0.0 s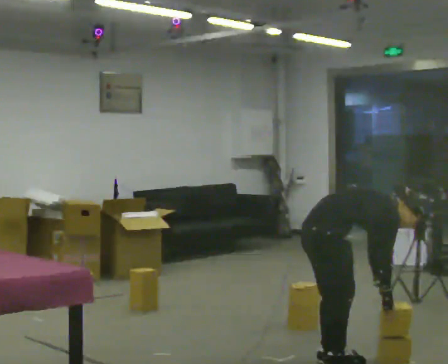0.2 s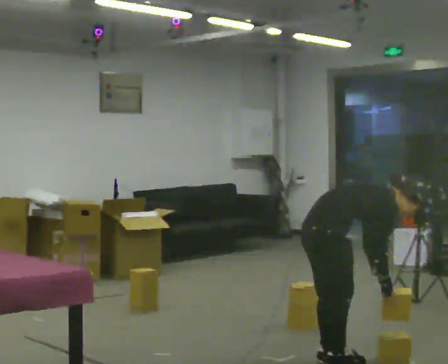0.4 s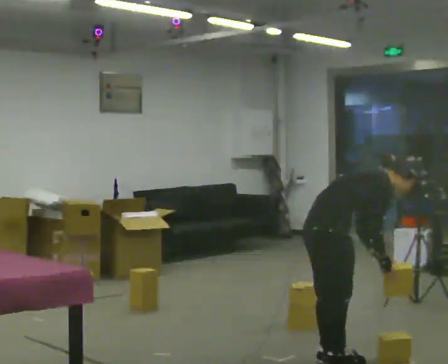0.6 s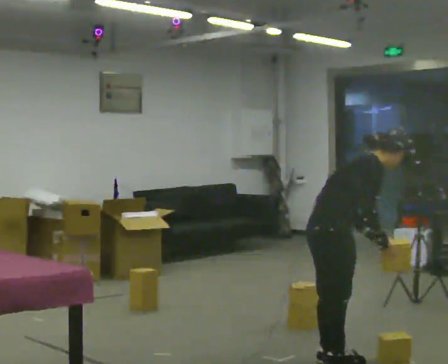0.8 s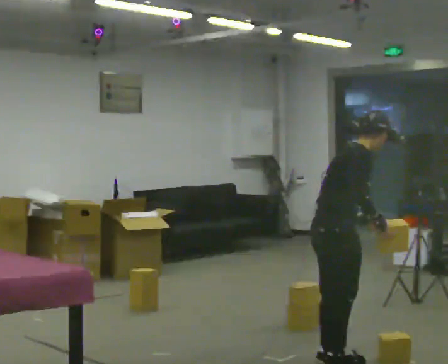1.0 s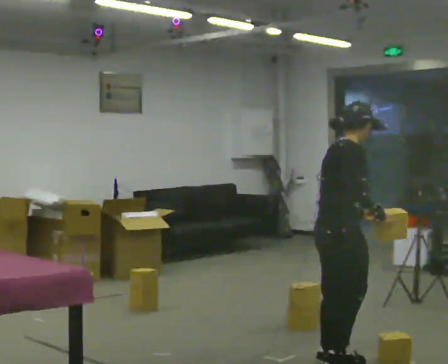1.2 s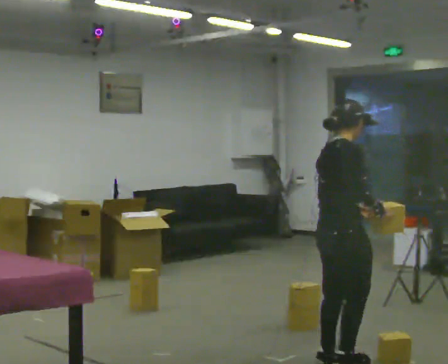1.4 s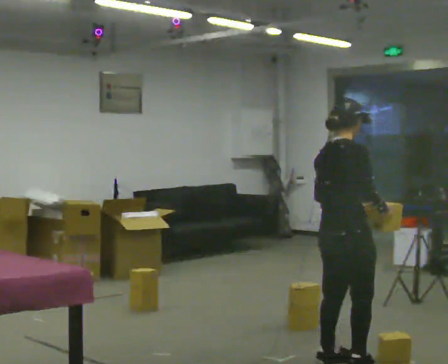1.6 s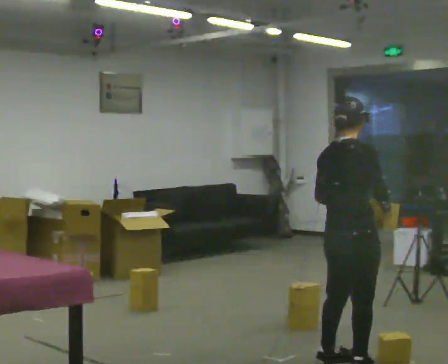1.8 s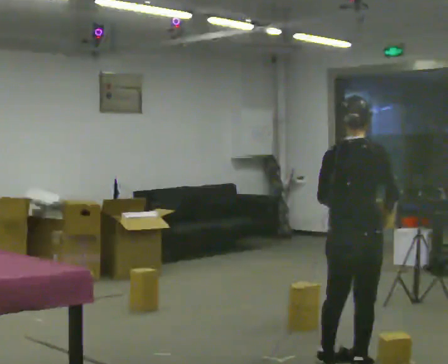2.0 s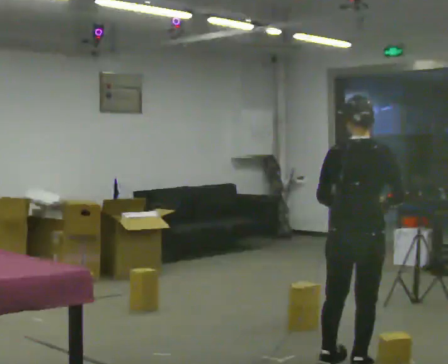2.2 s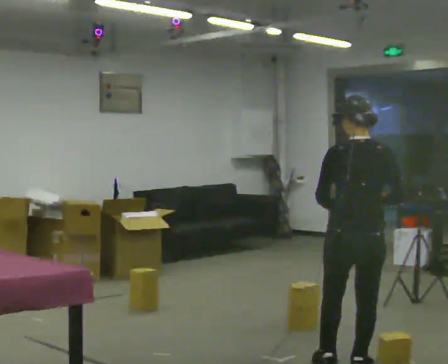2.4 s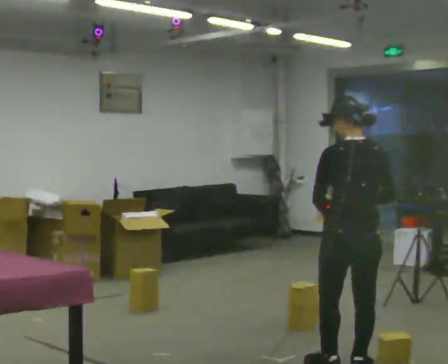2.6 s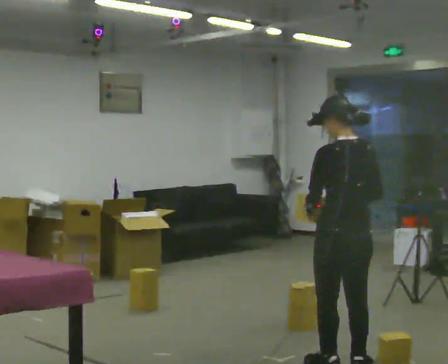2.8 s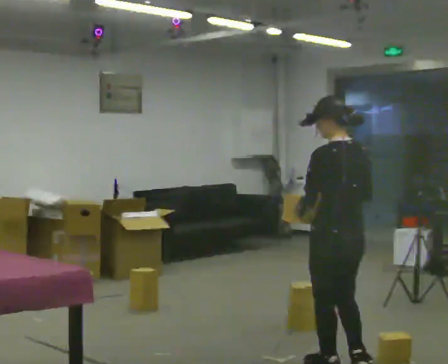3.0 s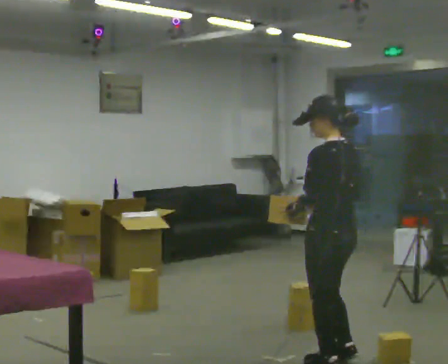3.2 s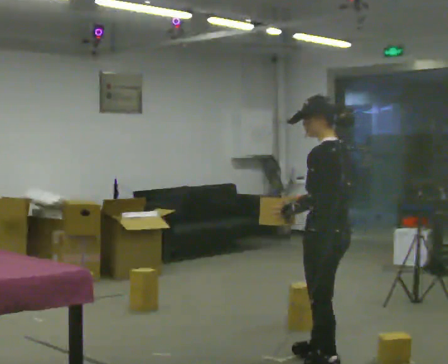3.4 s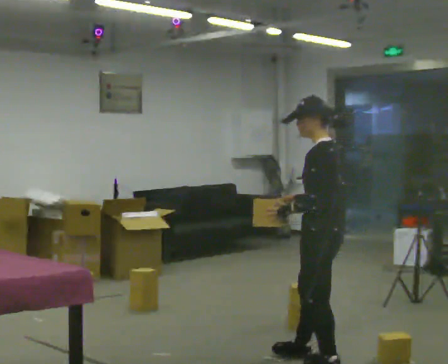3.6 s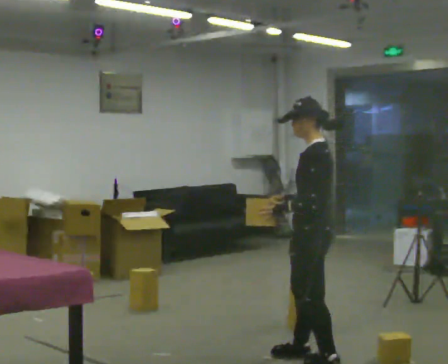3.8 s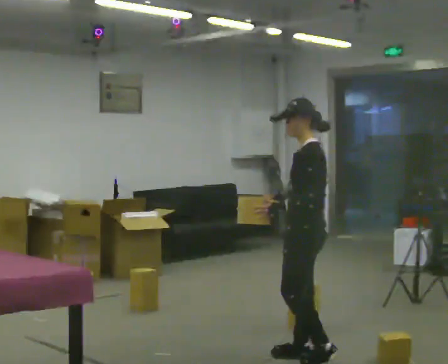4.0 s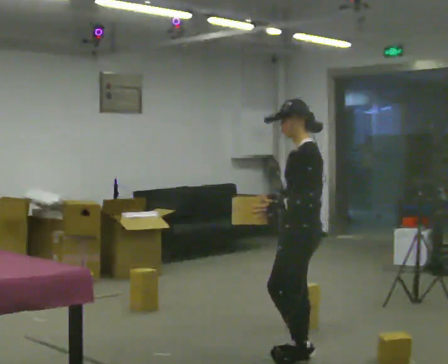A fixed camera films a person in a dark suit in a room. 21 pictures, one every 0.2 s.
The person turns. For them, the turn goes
to their left.
The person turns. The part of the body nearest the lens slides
to the right.
0.0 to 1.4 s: The part of the body nearest the lens slides to the right as the person turns to their left by about 30 degrees. The upper body goes upward. In the picture the upper body tilts counterclockwise, shoulders to the left, as they lean back or straighten. In the picture their right hand goes upward.
1.4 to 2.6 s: Seen from above the body turns counterclockwise, about 75 degrees: to their left, with its near side sliding to the right.
2.6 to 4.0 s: The part of the body nearest the lens slides to the right as the person turns to their left by about 75 degrees. In the picture they go away from the camera and to the left, about 0.25 m in 1 step.
The film runs forward here.
